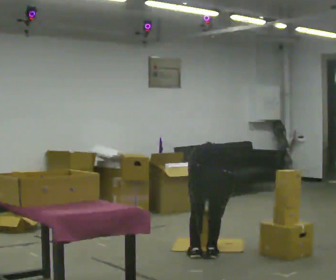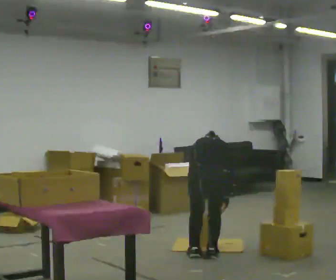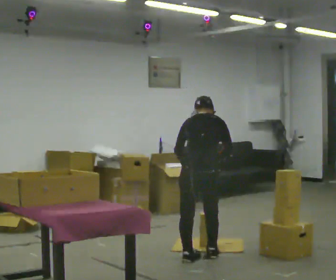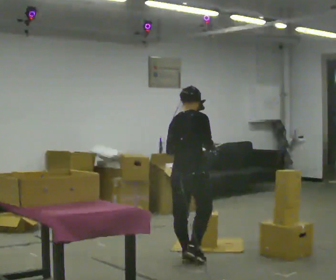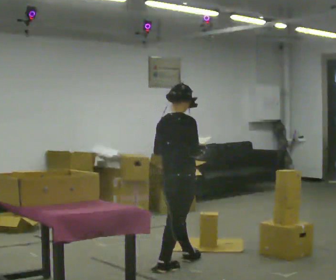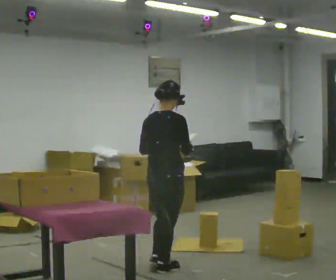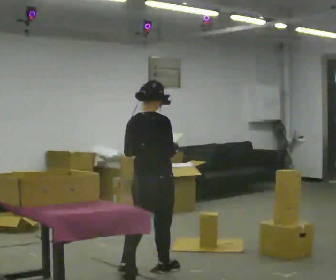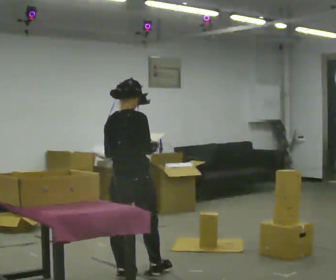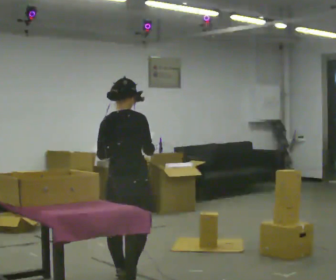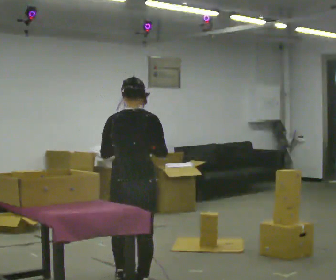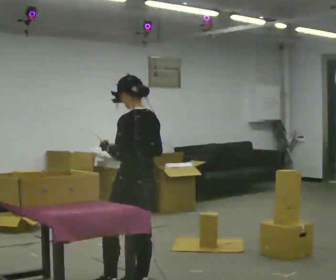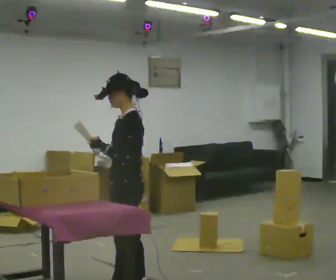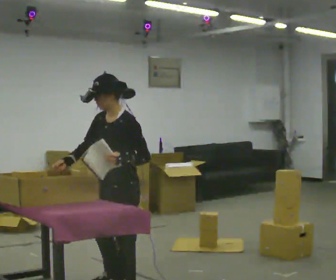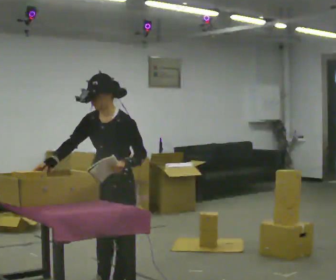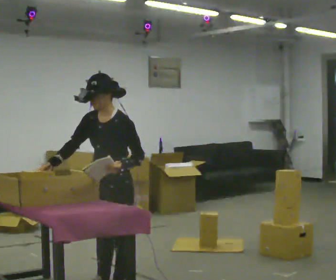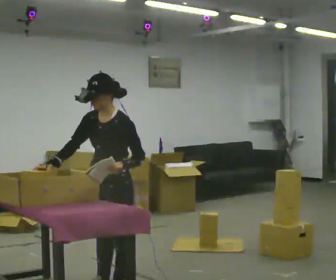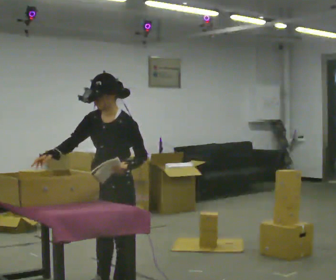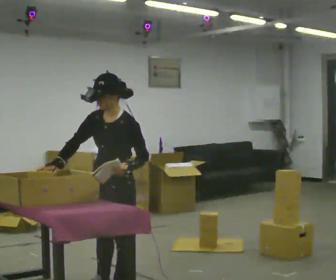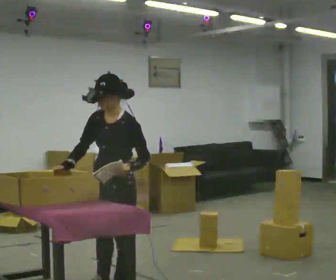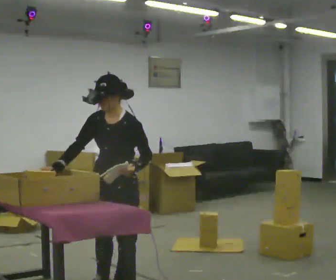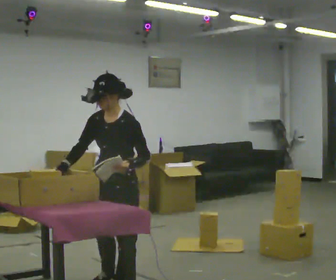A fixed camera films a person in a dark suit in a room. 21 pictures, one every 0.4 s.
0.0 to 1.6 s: The person turns about 45 degrees to their right, clockwise seen from above, so the part of the body nearest the lens slides to the left. In the picture they go to the left and toward the camera, about 0.25 m in 2 steps, which for them is to their left and backward. The shoulders move upward. The upper body tips toward the camera, its near side rolling downward, as they lean back or straighten. In the picture their right hand goes upward.
1.6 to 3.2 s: In the picture they go toward the camera and to the left, about 0.5 m in 2 steps, which for them is backward.
3.2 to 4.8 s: The person turns about 150 degrees to their left, counterclockwise seen from above, so the part of the body nearest the lens slides to the right. In the picture they go toward the camera, about 0.25 m in 2 steps.
4.8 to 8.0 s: The person moves a little, or ends about where they began.
The film runs backward here.
